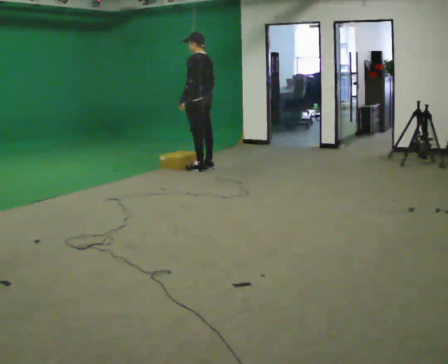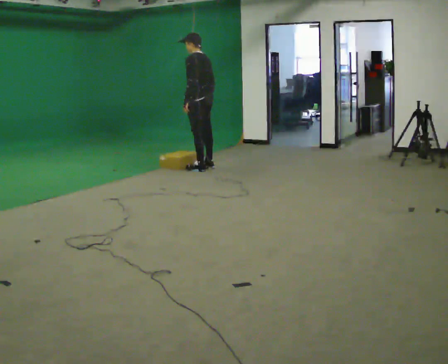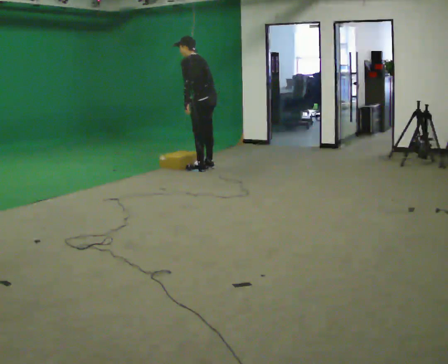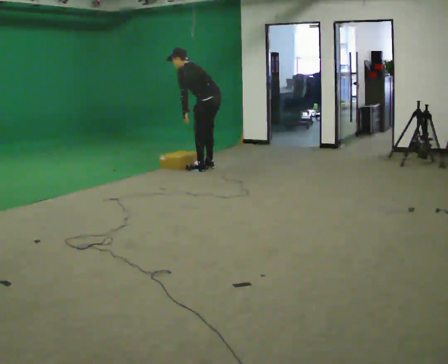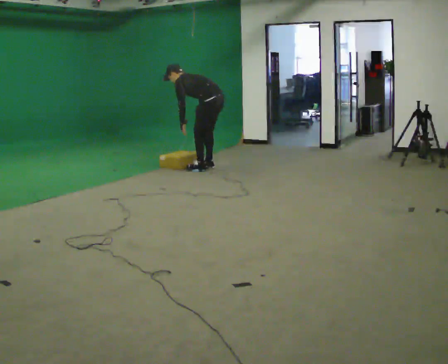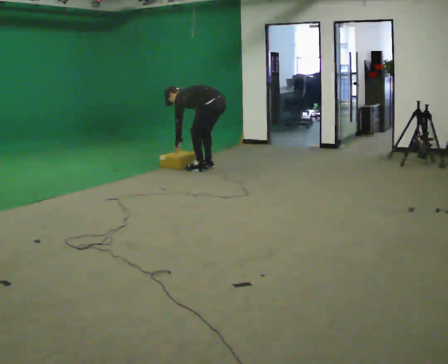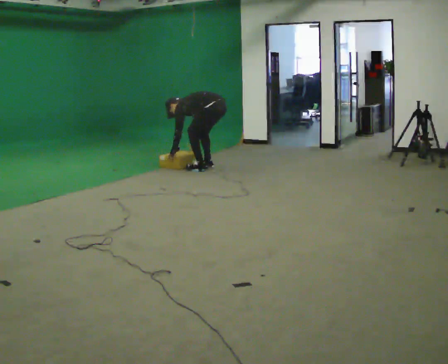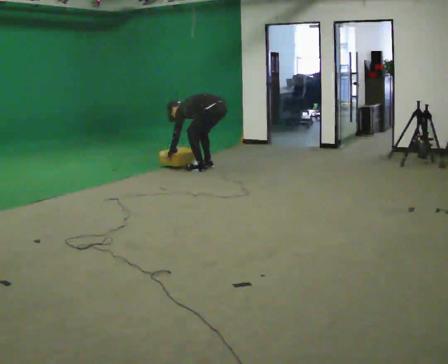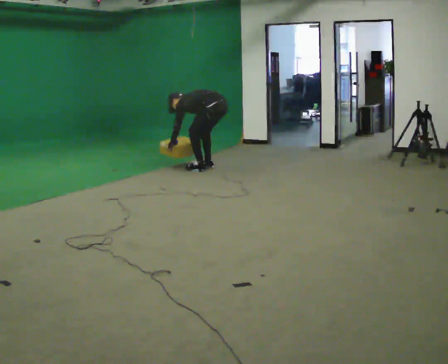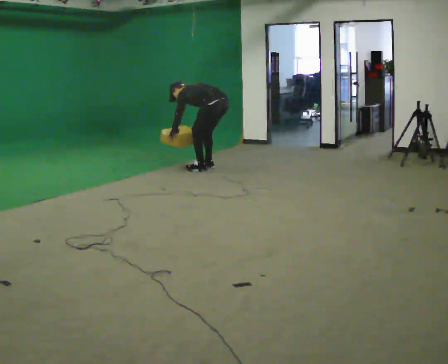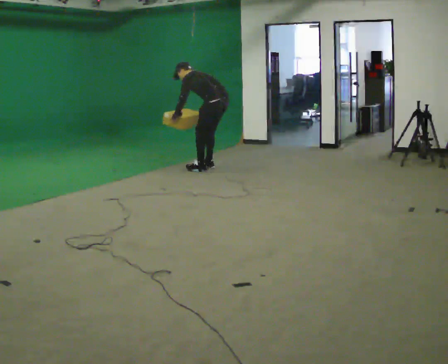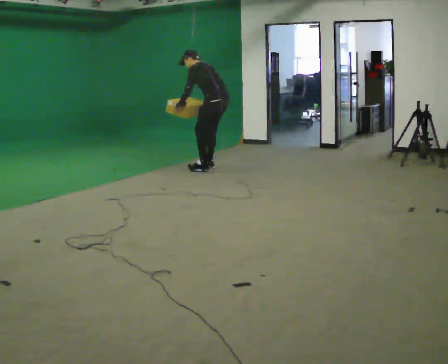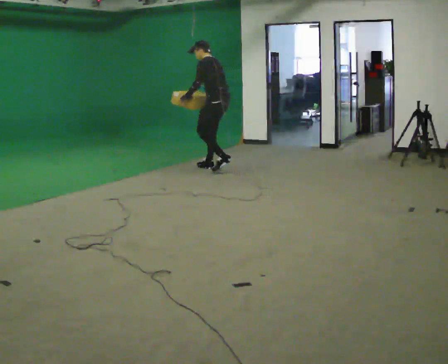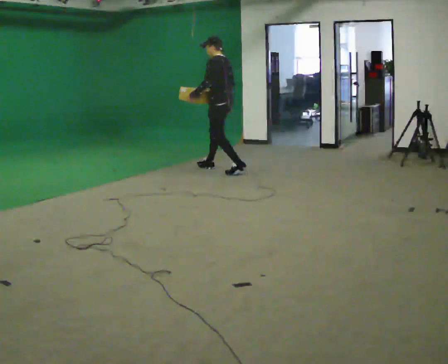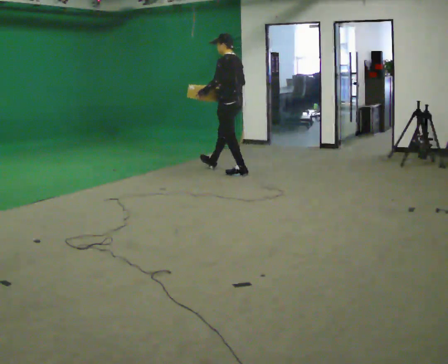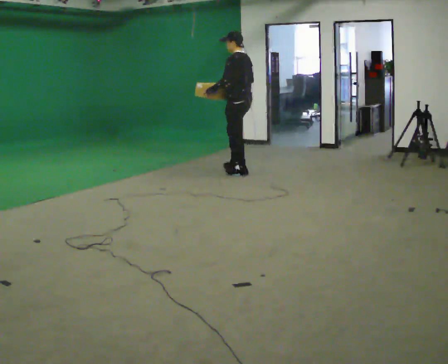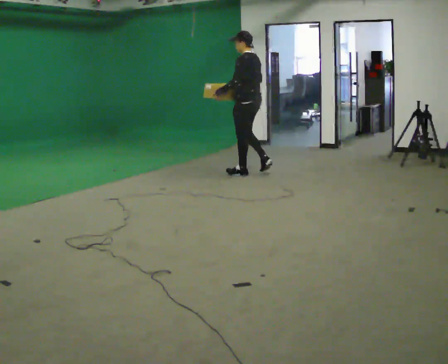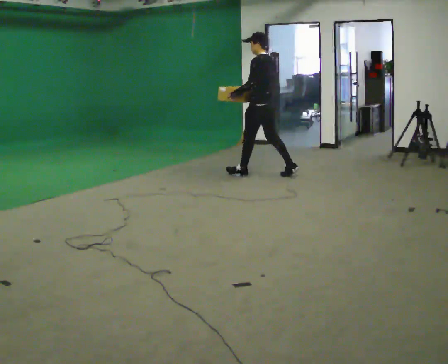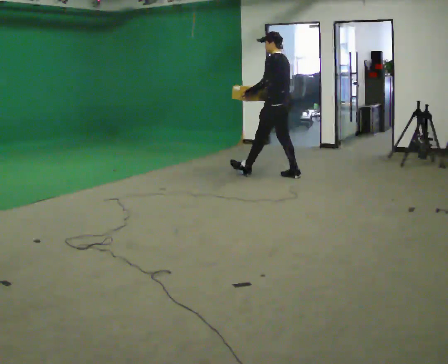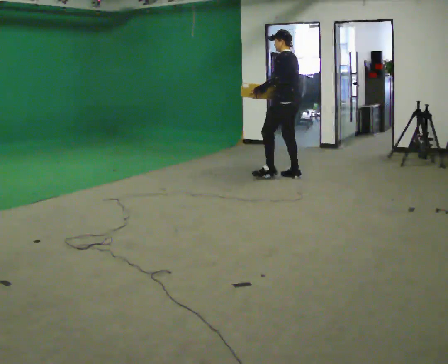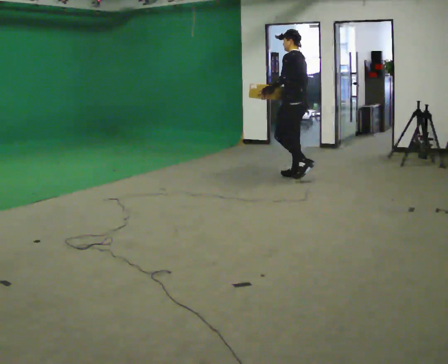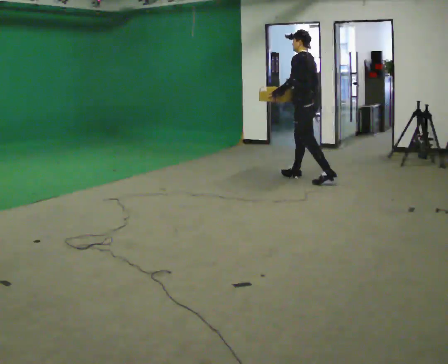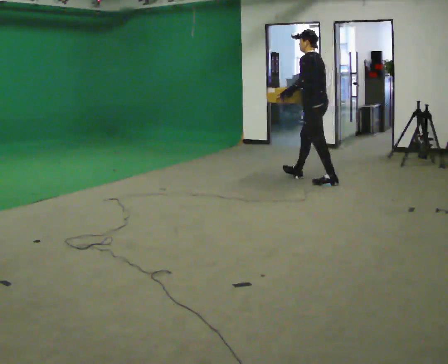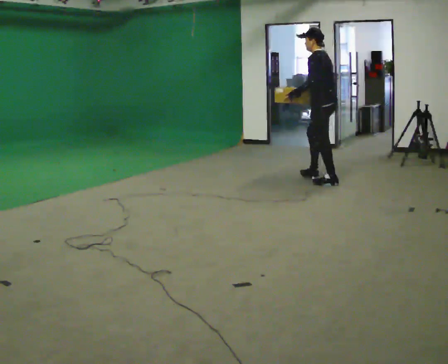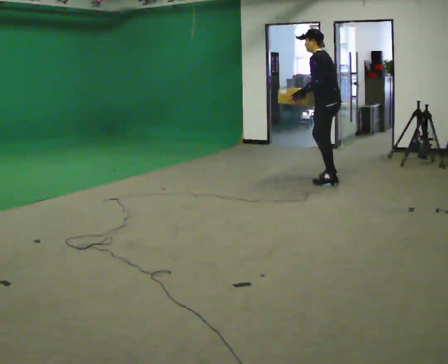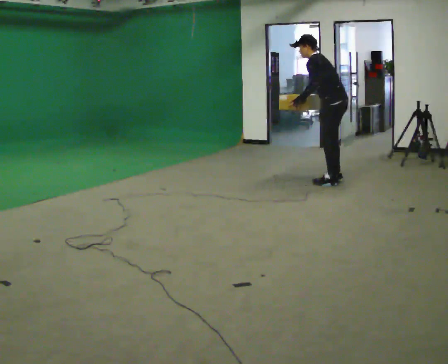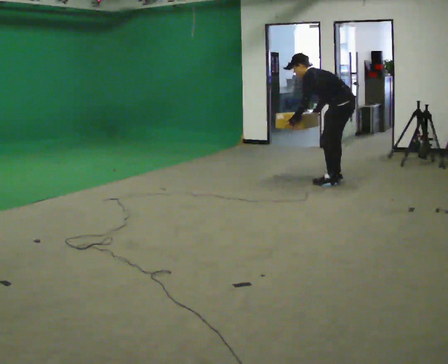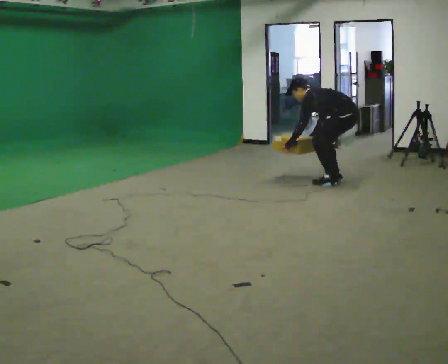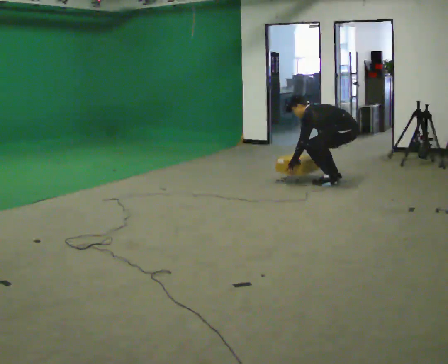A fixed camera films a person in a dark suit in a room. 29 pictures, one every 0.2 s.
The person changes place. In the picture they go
to the right.
0.0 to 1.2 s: In the picture they go to the right, about 0.25 m, which for them is backward. The shoulders move downward. In the picture the upper body tilts counterclockwise, shoulders to the left, as they bend forward. In the picture their right hand goes downward.
1.2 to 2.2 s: The shoulders move upward. In the picture the upper body tilts clockwise, shoulders to the right, as they lean back or straighten. In the picture their left hand goes upward.
2.2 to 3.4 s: In the picture they go to the right and toward the camera, about 0.75 m in 1 step, which for them is backward. In the picture the upper body tilts clockwise, shoulders to the right, as they lean back or straighten.
3.4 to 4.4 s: In the picture they go to the right and toward the camera, about 0.75 m in 1 step, which for them is backward.
4.4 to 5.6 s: In the picture they go to the right, about 0.25 m in 1 step, which for them is backward. The shoulders move downward. In the picture the upper body tilts counterclockwise, shoulders to the left, as they bend forward. In the picture their right hand goes downward.
The film runs backward here.
